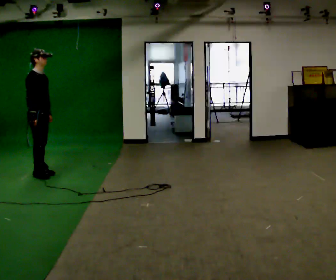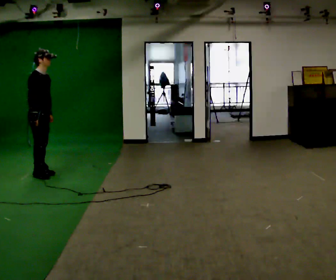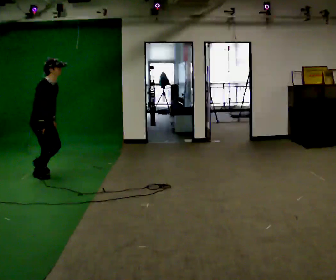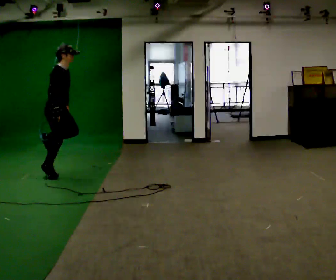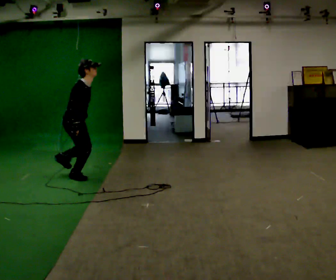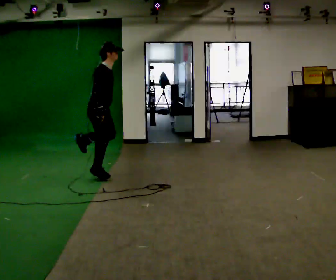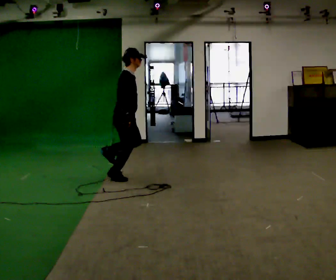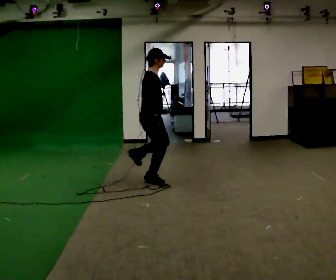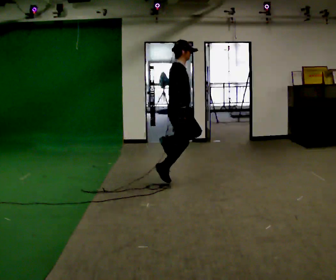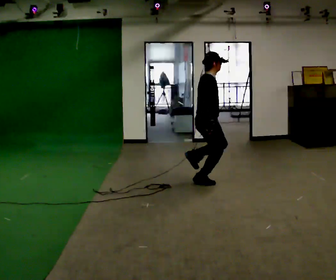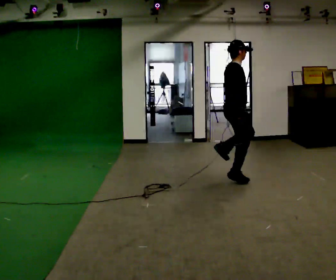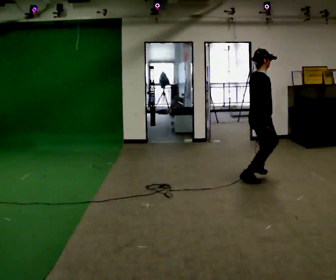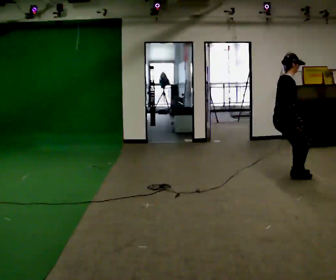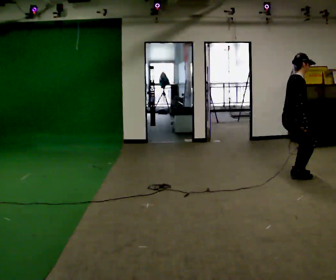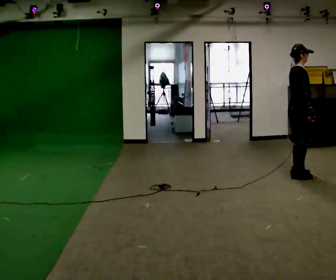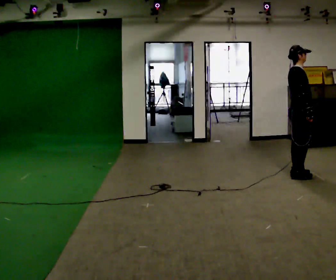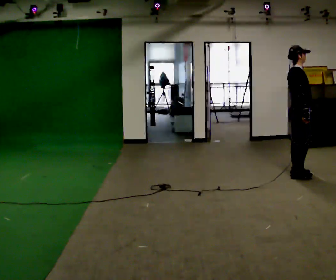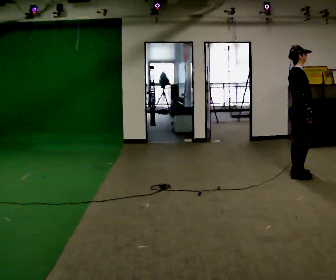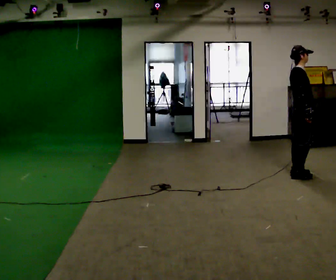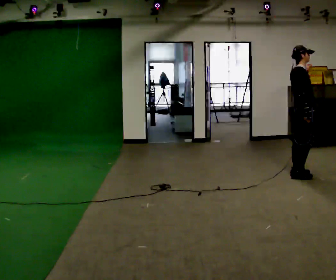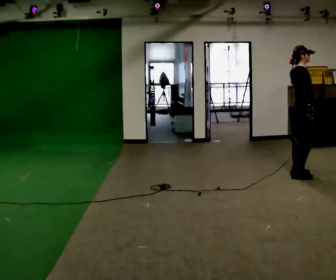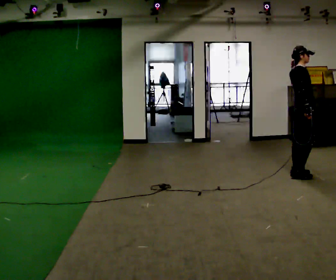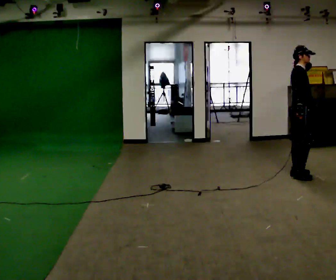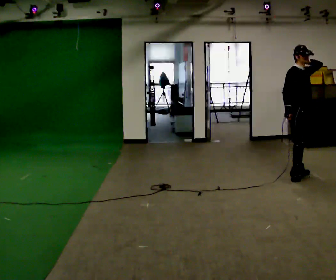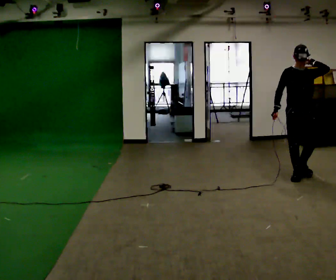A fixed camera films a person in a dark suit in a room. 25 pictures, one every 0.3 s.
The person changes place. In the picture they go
to the right.
0.0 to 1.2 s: In the picture they go to the right, about 0.5 m in 1 step, which for them is forward. In the picture the upper body tilts clockwise, shoulders to the right, as they bend forward.
1.2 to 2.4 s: In the picture they go to the right, about 1.5 m in 2 steps, which for them is forward. In the picture the upper body tilts counterclockwise, shoulders to the left, as they lean back or straighten.
2.4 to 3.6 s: In the picture they go to the right, about 1.5 m in 3 steps, which for them is forward.
3.6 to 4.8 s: In the picture they go to the right, about 0.25 m in 1 step, which for them is forward.
4.8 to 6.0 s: In the picture their left hand goes upward.
6.0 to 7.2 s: The person turns about 90 degrees to their right, clockwise seen from above, so the part of the body nearest the lens slides to the left. In the picture their right hand goes to the left, the arm swinging clockwise.
The film runs forward here.
